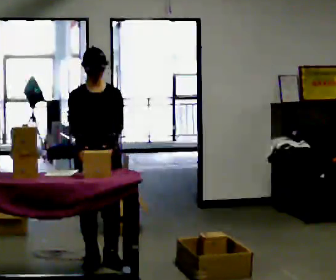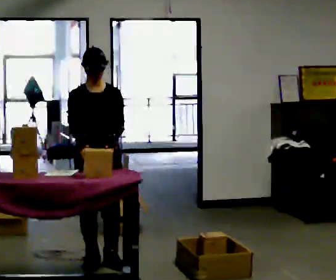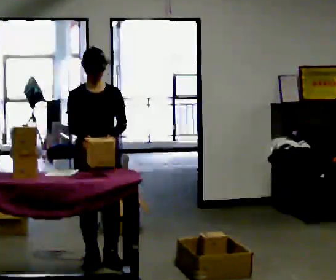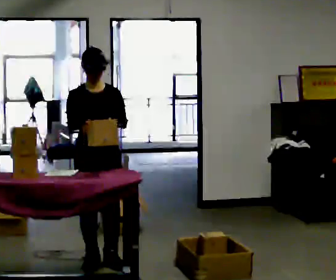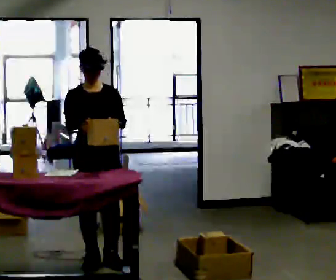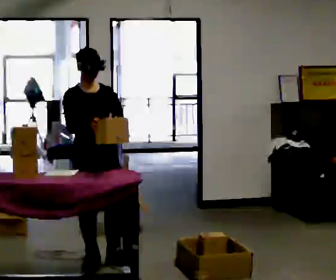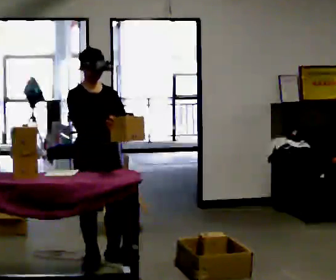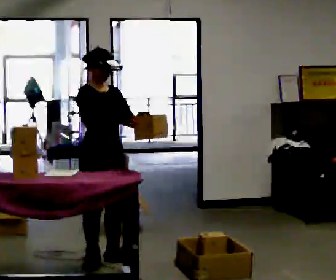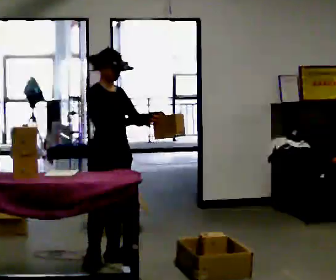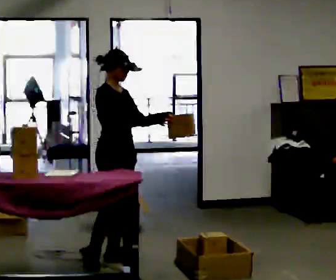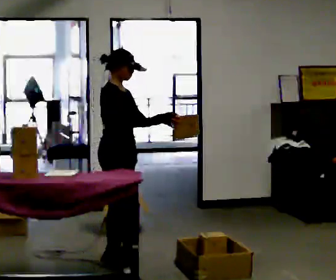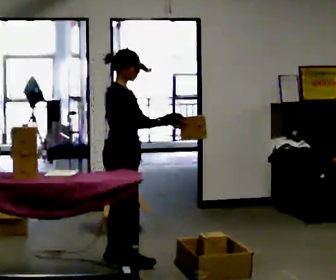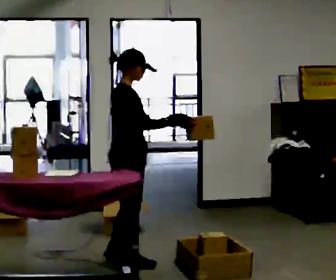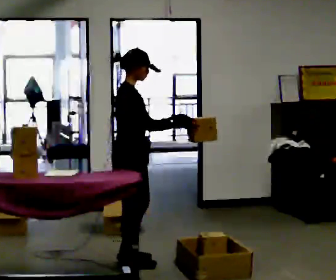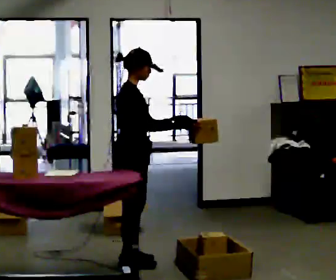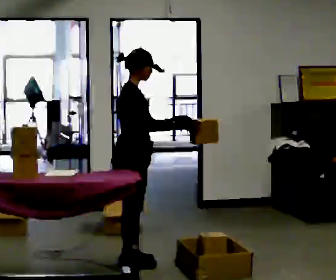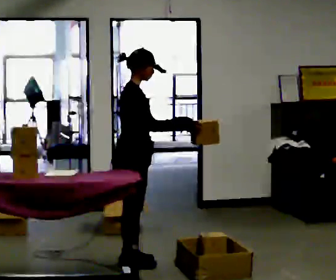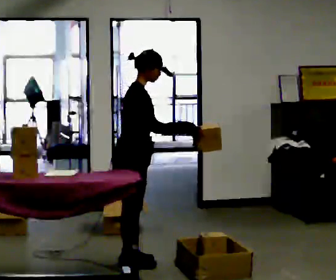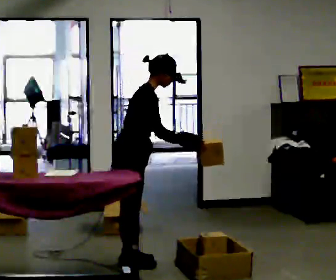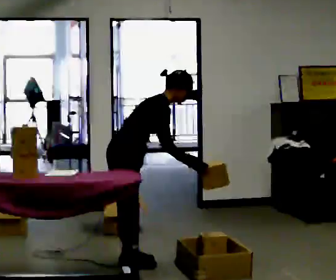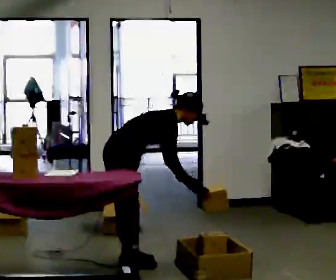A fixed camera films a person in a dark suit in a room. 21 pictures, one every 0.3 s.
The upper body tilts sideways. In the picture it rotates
clockwise.
The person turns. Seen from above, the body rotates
counterclockwise.
0.0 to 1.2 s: The person moves a little, or ends about where they began.
1.2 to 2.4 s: The person turns about 45 degrees to their left, counterclockwise seen from above, so the part of the body nearest the lens slides to the right. In the picture their right hand goes to the right.
2.4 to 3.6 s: The person turns about 30 degrees to their left, counterclockwise seen from above, so the part of the body nearest the lens slides to the right.
3.6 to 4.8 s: The person moves a little, or ends about where they began.
4.8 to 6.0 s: The upper body goes downward. In the picture the upper body tilts clockwise, shoulders to the right, as they bend forward. In the picture their left hand goes downward.
The film runs forward here.
